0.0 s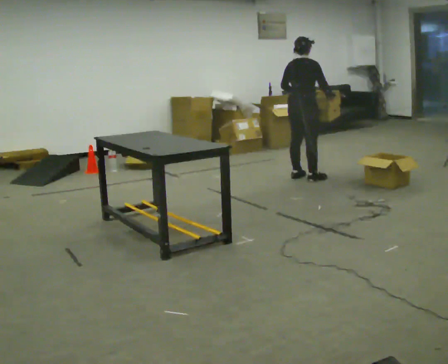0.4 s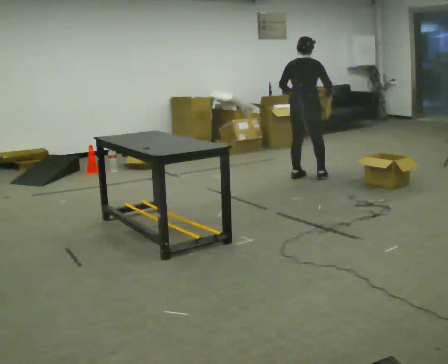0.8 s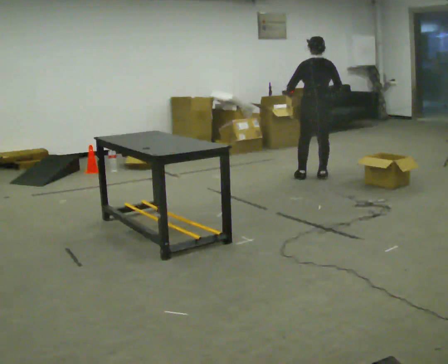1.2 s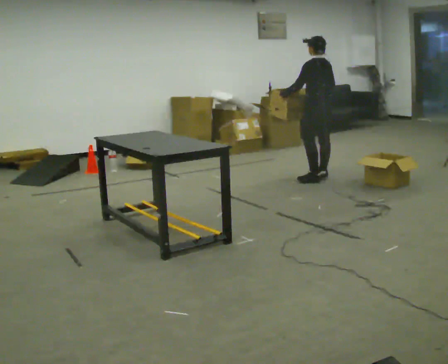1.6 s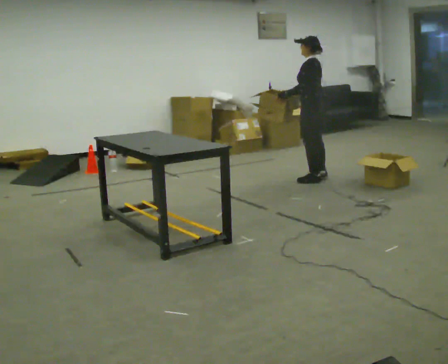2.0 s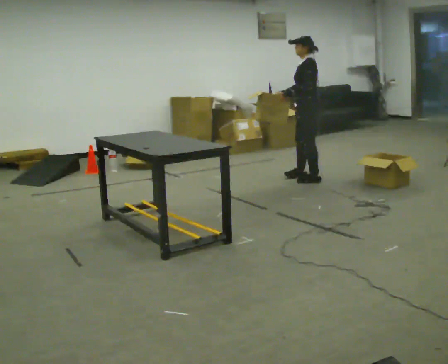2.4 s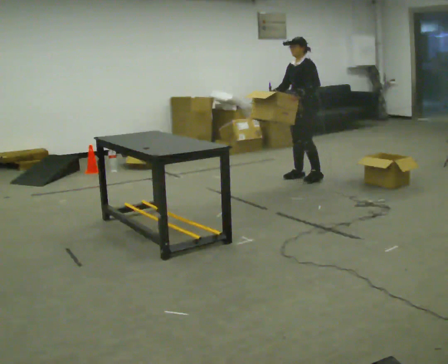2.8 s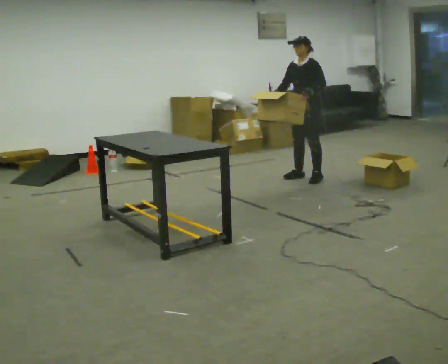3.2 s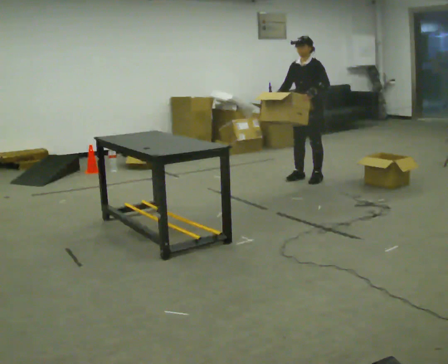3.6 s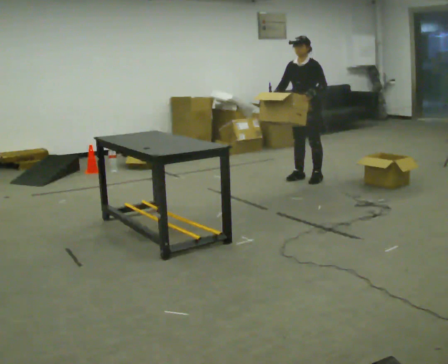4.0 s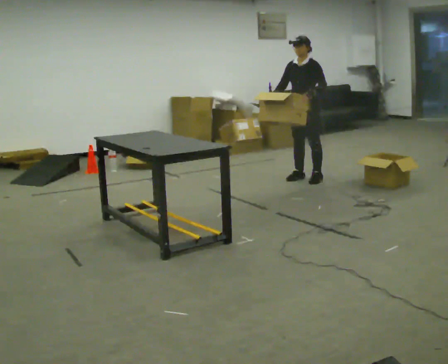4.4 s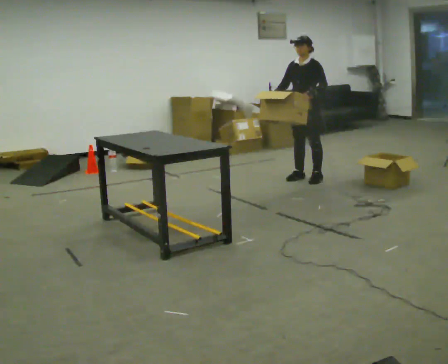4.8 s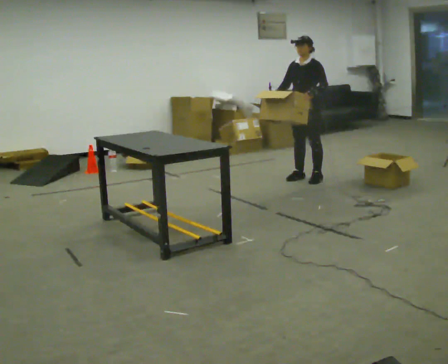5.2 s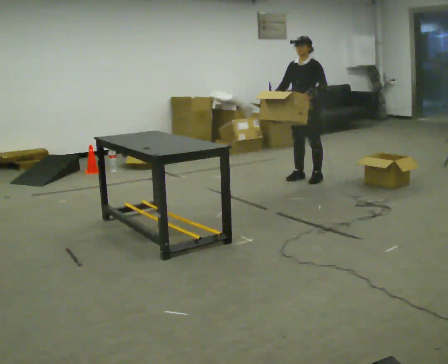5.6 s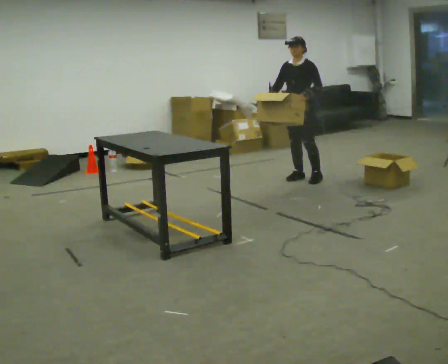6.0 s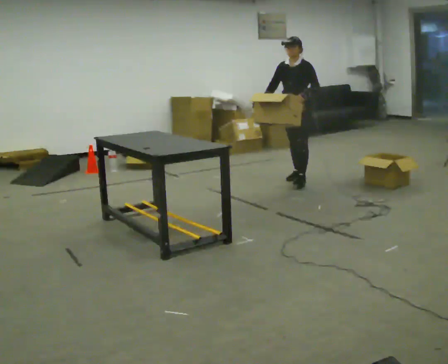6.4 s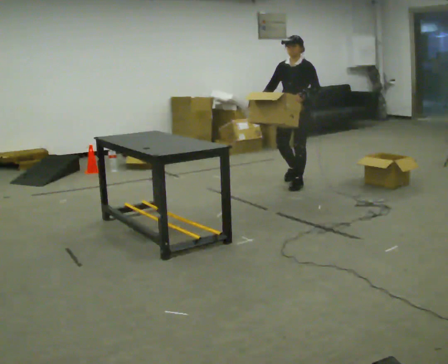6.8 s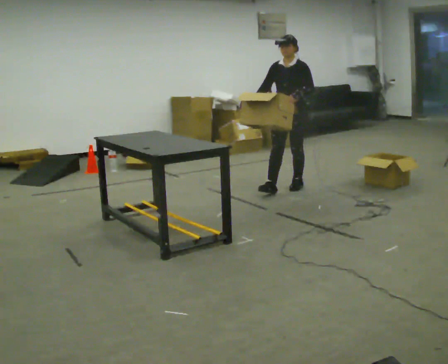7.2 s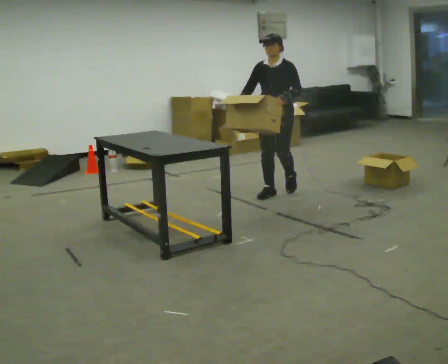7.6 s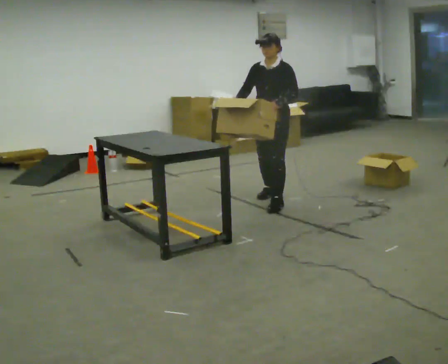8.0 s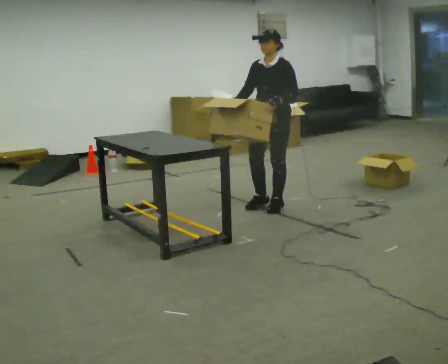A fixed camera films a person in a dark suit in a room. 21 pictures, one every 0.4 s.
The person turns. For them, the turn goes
to their left.
The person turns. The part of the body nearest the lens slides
to the right.
0.0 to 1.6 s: The person turns about 105 degrees to their left, counterclockwise seen from above, so the part of the body nearest the lens slides to the right. In the picture their right hand goes to the left.
1.6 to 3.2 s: The person turns about 75 degrees to their left, counterclockwise seen from above, so the part of the body nearest the lens slides to the right.
3.2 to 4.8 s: The person moves a little, or ends about where they began.
4.8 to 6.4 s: In the picture they go toward the camera, about 0.25 m in 1 step, which for them is forward.
6.4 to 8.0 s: In the picture they go toward the camera, about 1 m in 2 steps, which for them is forward.
The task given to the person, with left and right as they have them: 1. Take everything out of the crates by the door. 2. Put the small items on the middle shelf. 3. Put the large items on the bottom shelf. 4. Stack the empty crates by the door. 5. Tell the operator when you are finished.
The film runs forward here.
